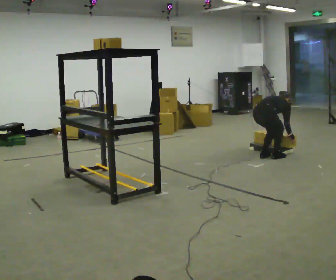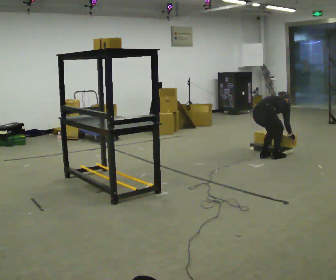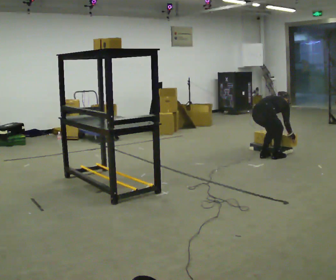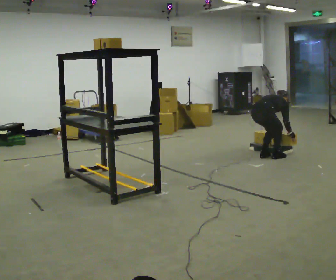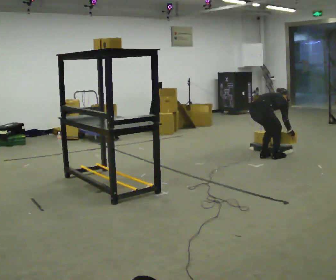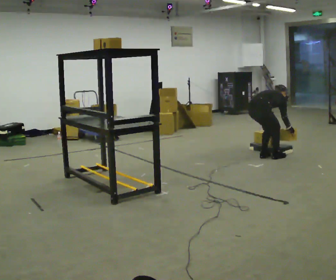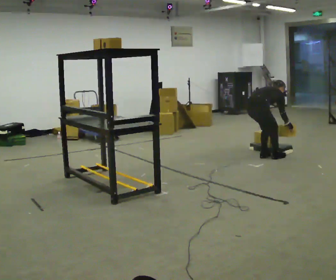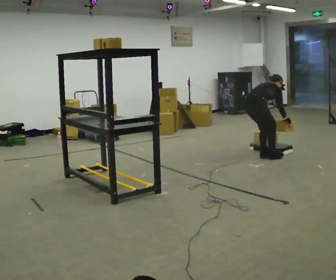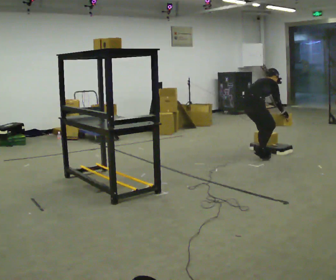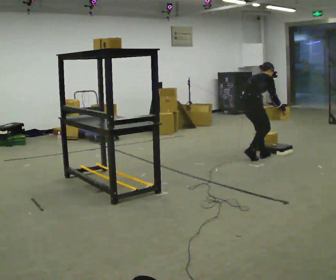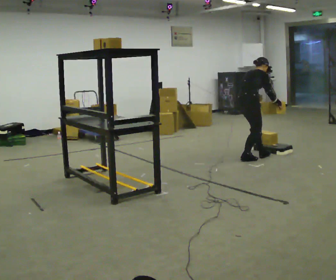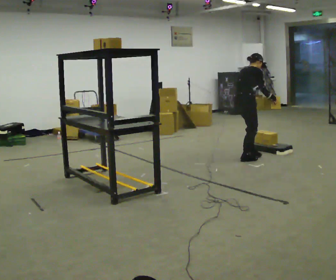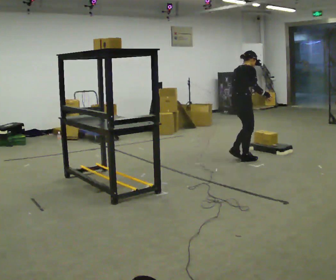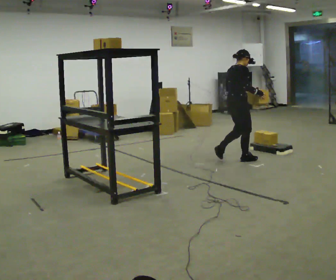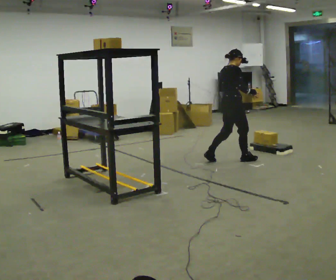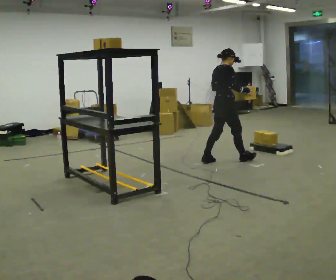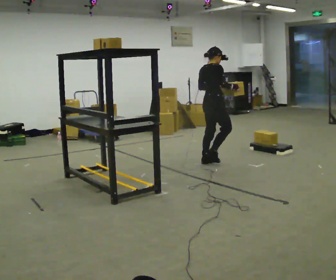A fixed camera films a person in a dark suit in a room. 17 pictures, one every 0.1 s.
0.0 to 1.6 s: In the picture they go to the left, about 0.75 m in 3 steps, which for them is backward and to their left. The upper body goes upward. The upper body tips toward the camera, its near side rolling downward, as they lean back or straighten. In the picture their right hand goes upward.
The film runs backward here.
